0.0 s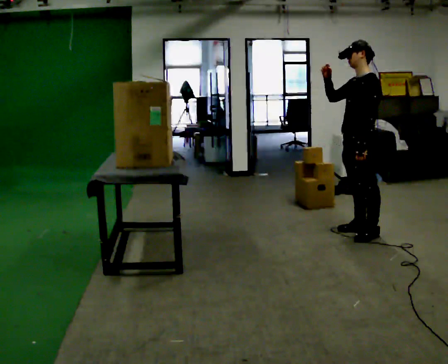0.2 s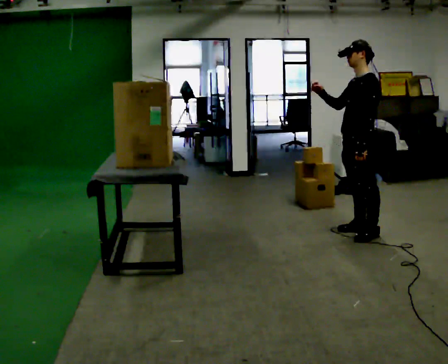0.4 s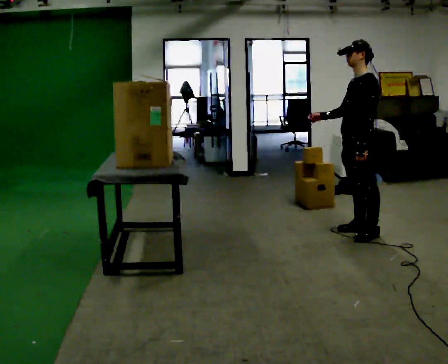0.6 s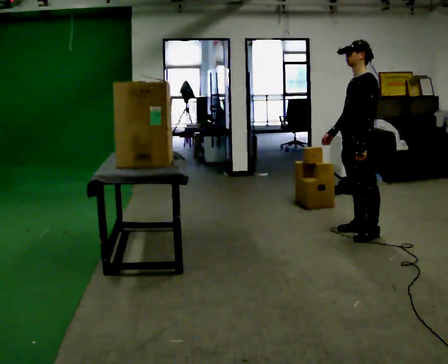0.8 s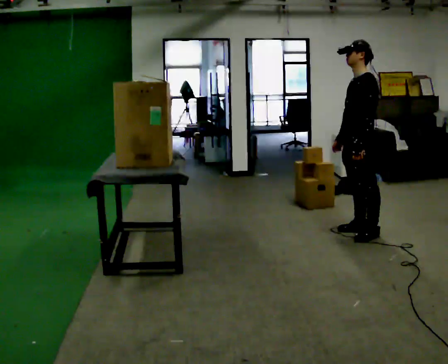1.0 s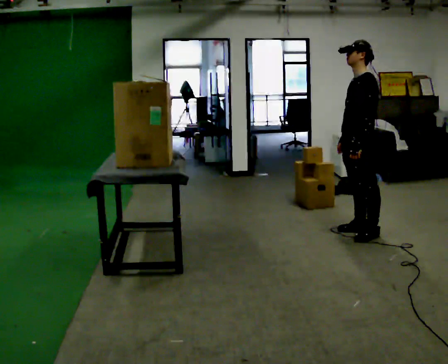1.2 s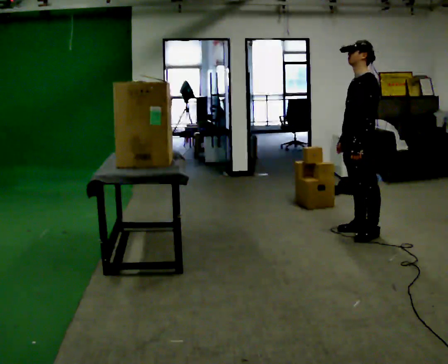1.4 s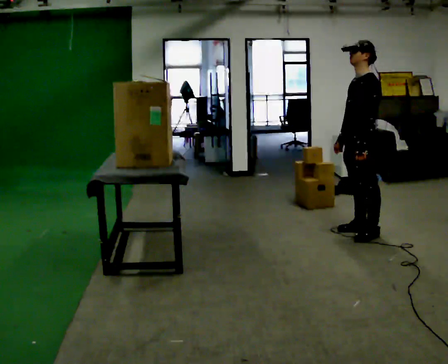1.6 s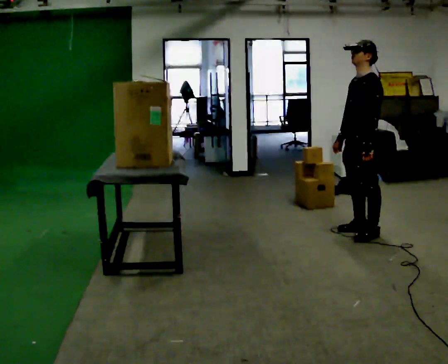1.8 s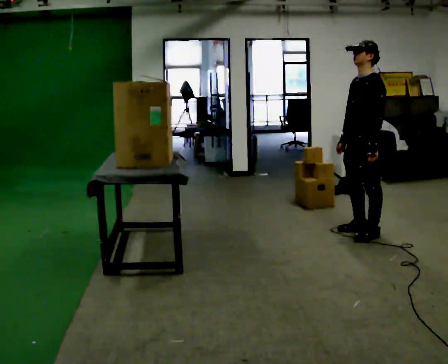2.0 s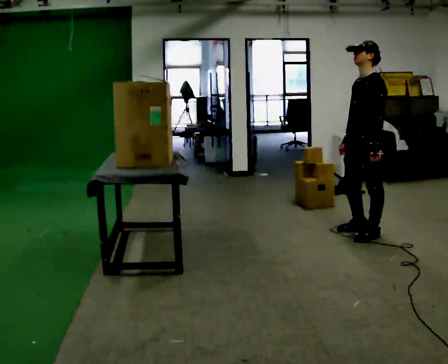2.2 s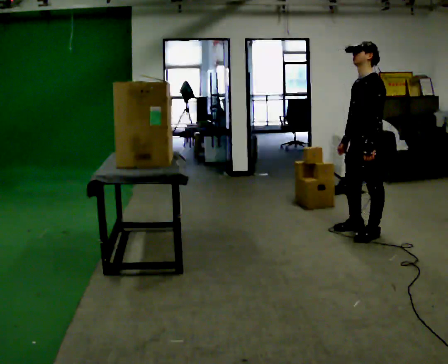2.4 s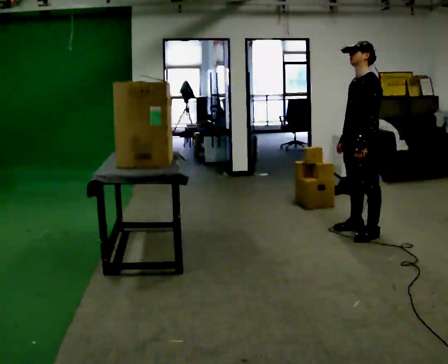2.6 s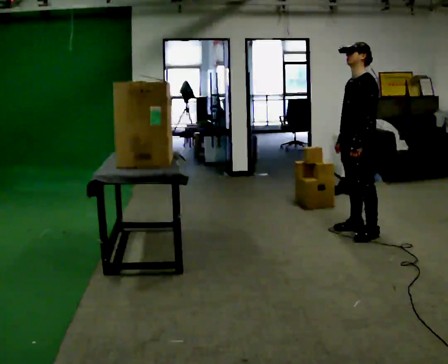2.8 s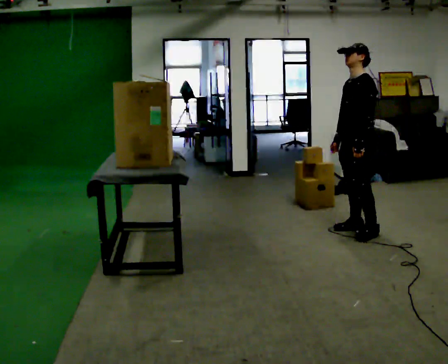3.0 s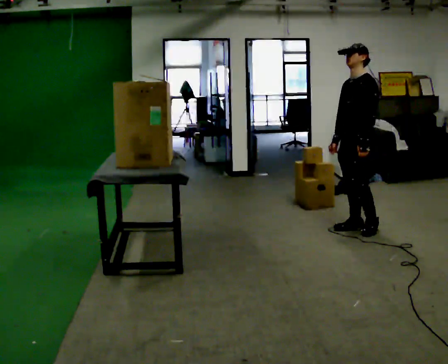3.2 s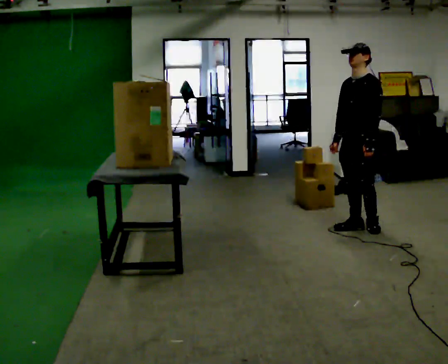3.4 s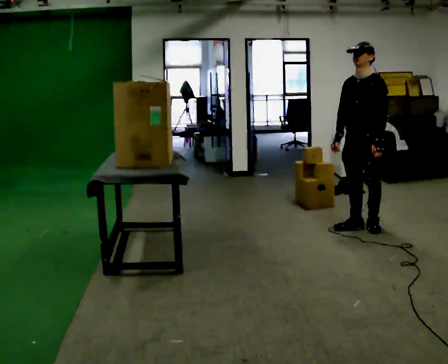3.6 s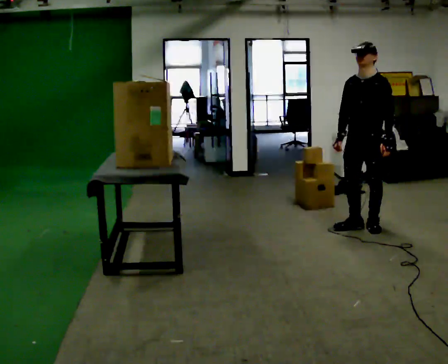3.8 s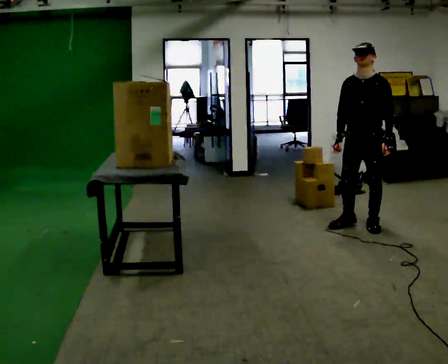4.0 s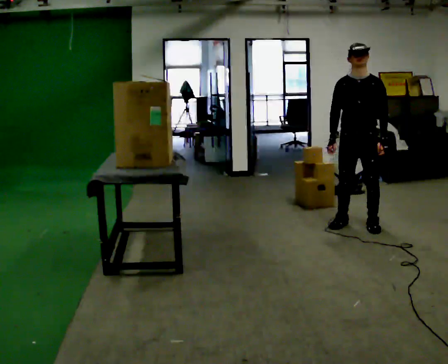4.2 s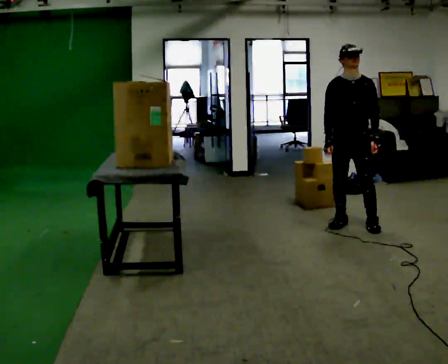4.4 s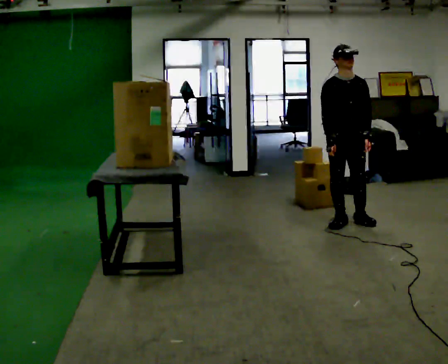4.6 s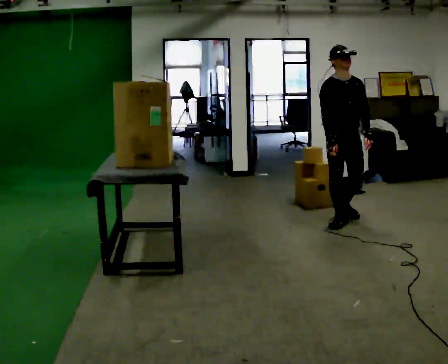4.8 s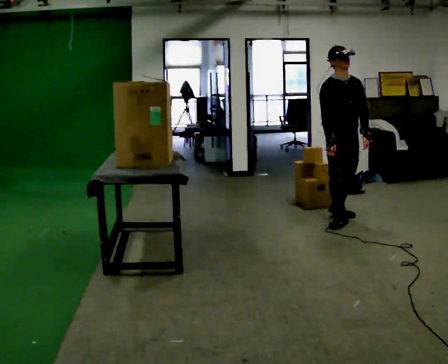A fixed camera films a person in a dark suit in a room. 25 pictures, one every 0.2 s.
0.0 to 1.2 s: In the picture their right hand goes downward, the arm swinging counterclockwise.
1.2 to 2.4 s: The person moves a little, or ends about where they began.
2.4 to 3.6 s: The part of the body nearest the lens slides to the right as the person turns to their left by about 30 degrees. In the picture they go away from the camera, about 0.25 m in 1 step, which for them is to their right and backward.
3.6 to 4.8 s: The part of the body nearest the lens slides to the right as the person turns to their left by about 60 degrees. In the picture they go to the left and away from the camera, about 0.25 m in 2 steps.
The film runs backward here.
